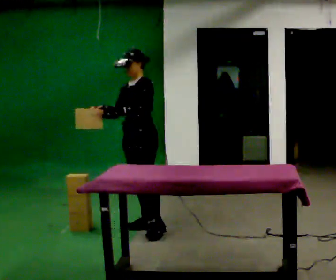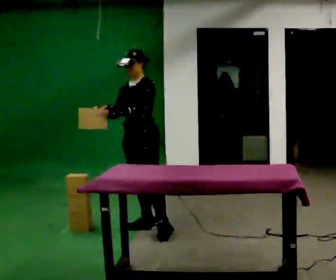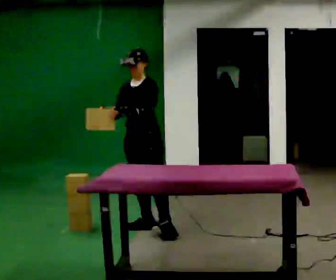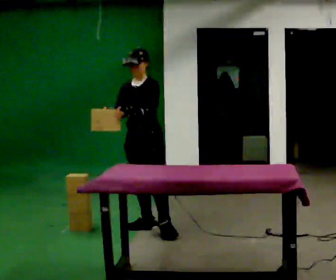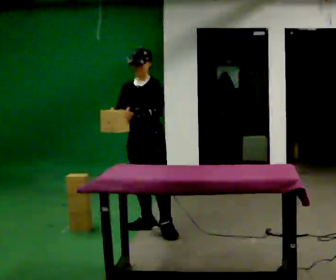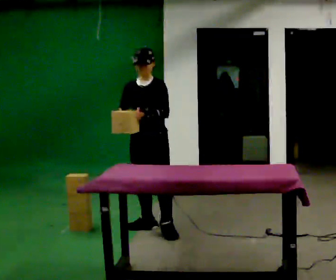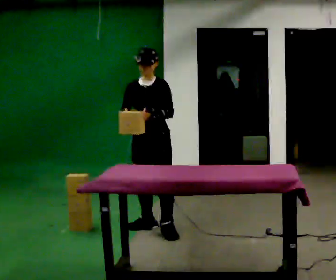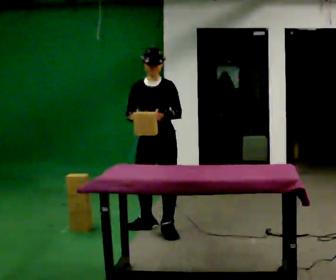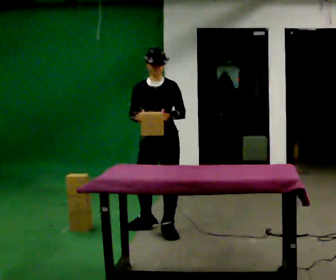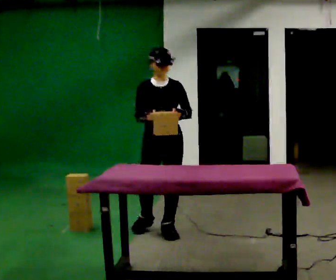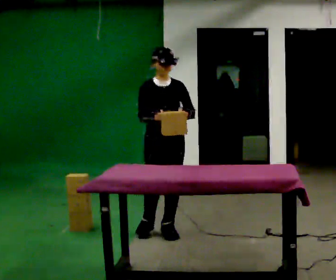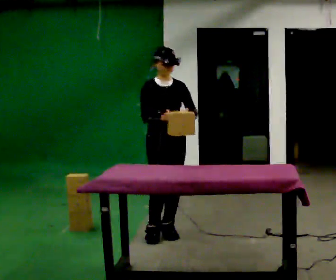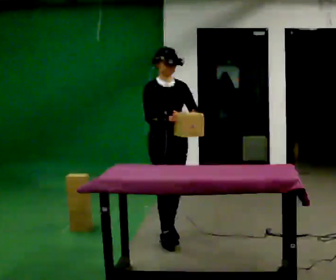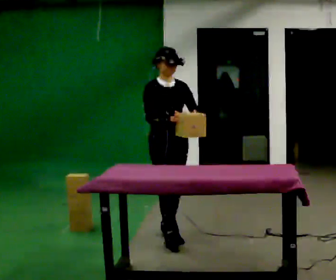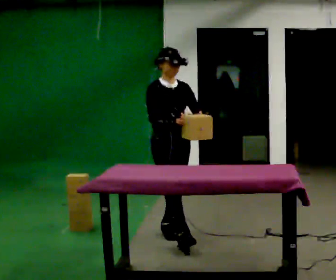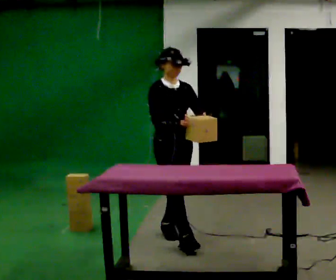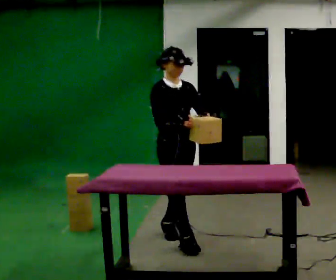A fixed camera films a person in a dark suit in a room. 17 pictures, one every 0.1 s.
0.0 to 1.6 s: The person turns about 90 degrees to their left, counterclockwise seen from above, so the part of the body nearest the lens slides to the right. In the picture they go toward the camera and to the right, about 0.5 m in 2 steps.
The film runs forward here.
